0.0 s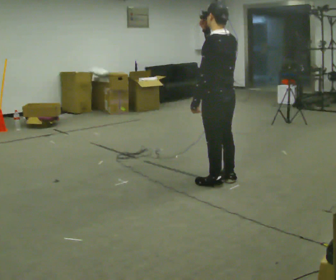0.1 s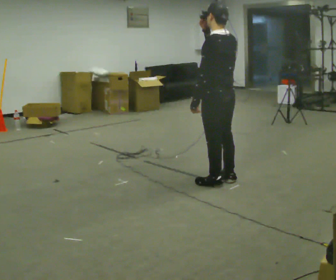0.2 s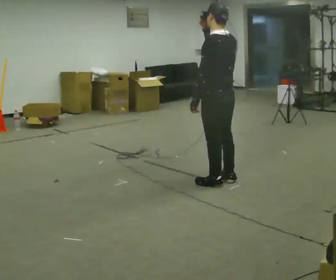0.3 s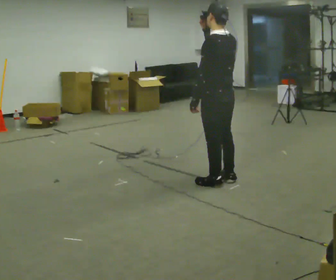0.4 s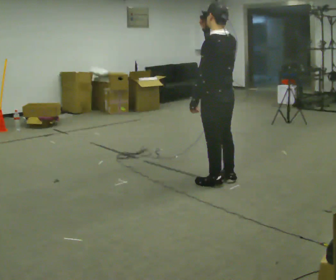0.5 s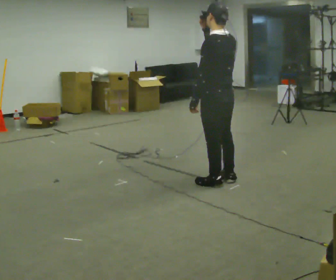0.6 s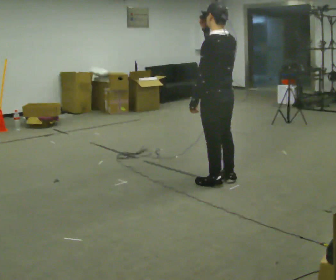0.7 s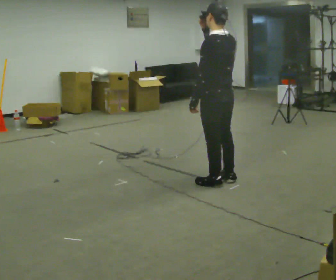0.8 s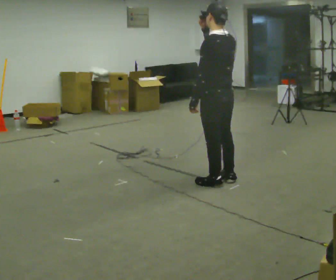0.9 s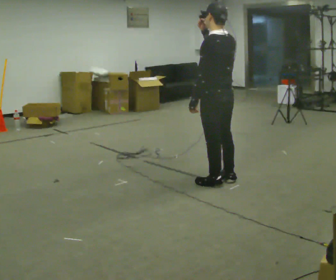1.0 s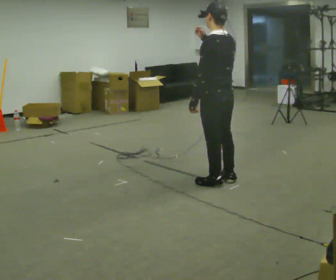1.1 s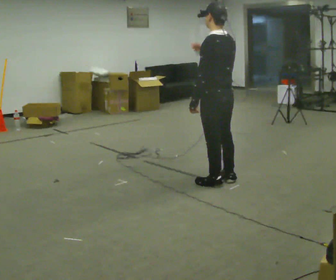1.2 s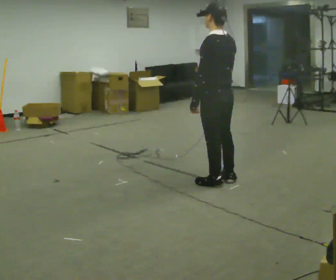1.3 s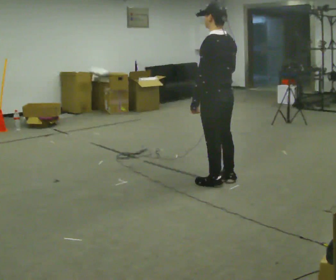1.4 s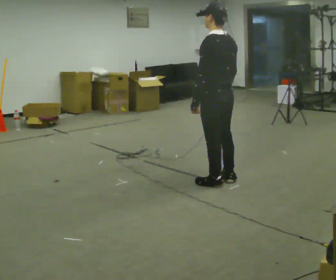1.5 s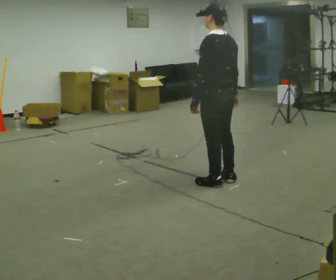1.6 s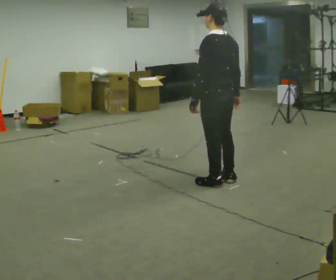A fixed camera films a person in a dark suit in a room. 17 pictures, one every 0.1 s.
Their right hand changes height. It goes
downward.
0.0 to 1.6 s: In the picture their right hand goes downward.
The film runs forward here.
